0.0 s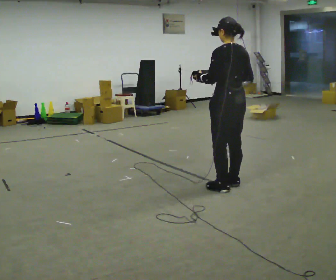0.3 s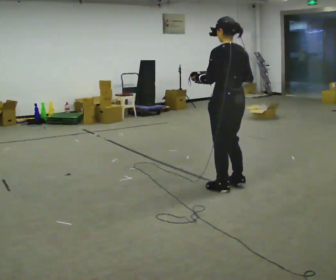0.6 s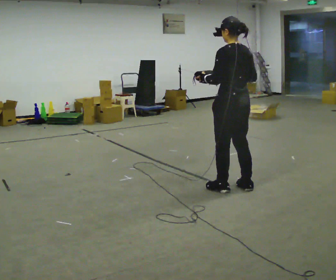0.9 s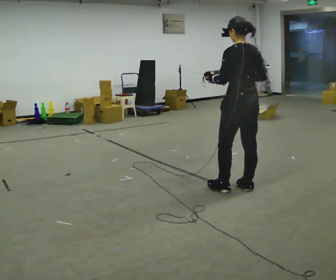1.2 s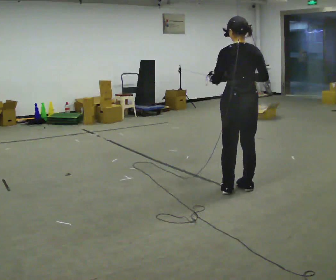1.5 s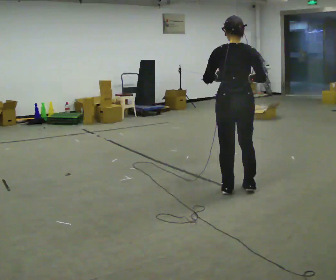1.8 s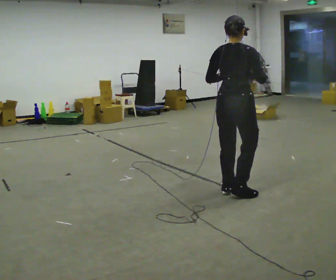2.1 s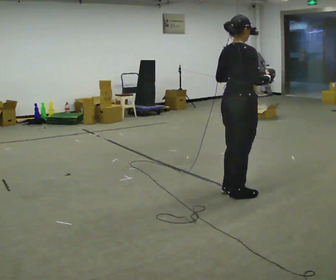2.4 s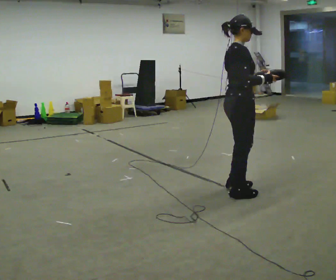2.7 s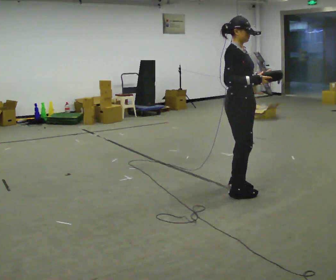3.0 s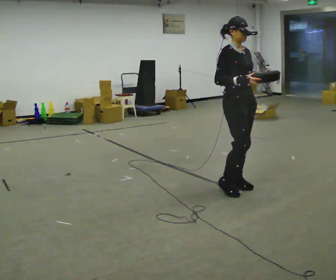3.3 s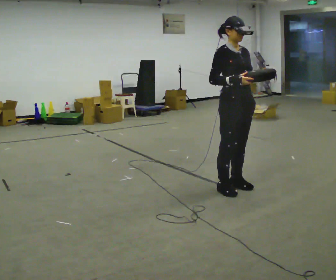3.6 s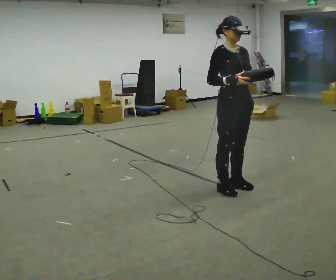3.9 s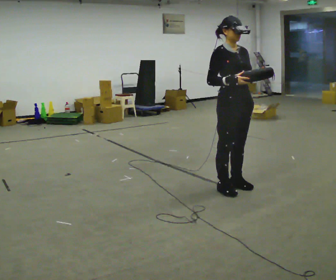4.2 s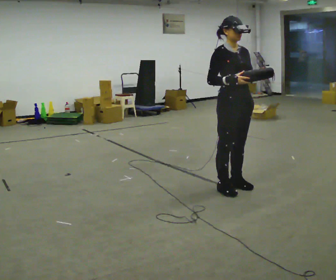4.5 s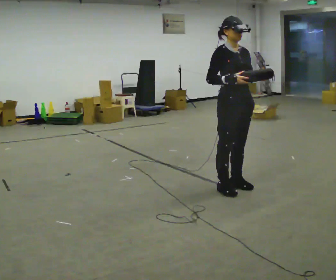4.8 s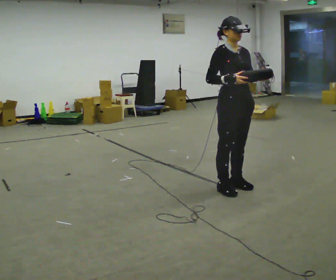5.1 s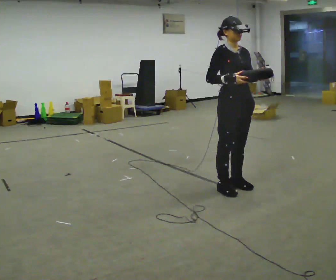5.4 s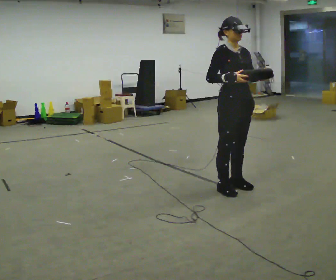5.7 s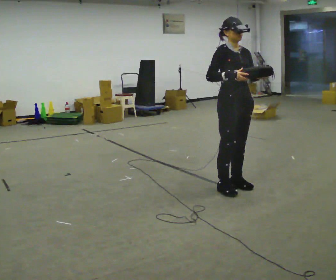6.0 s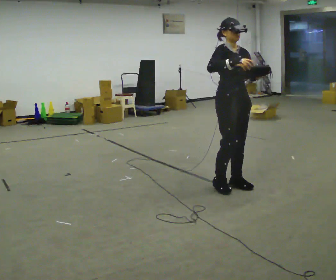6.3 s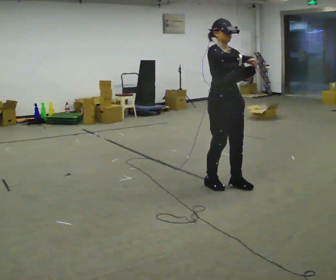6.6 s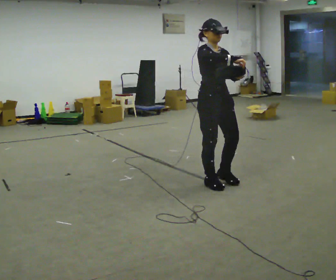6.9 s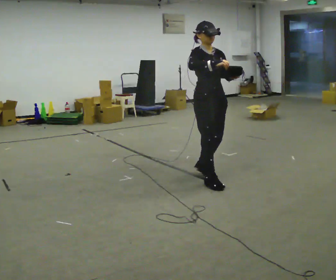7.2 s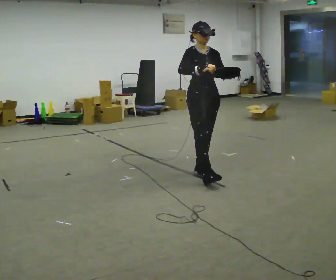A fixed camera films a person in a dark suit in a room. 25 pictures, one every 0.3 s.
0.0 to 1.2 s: The person moves a little, or ends about where they began.
1.2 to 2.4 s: The part of the body nearest the lens slides to the left as the person turns to their right by about 105 degrees. In the picture their left hand goes to the right.
2.4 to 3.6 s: The person turns about 60 degrees to their right, clockwise seen from above, so the part of the body nearest the lens slides to the left. In the picture they go away from the camera, about 0.25 m in 1 step.
3.6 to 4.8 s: The person keeps their place and pose.
4.8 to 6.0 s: The person moves a little, or ends about where they began.
6.0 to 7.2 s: In the picture they go to the left and away from the camera, about 0.5 m in 2 steps, which for them is backward.
The film runs backward here.
